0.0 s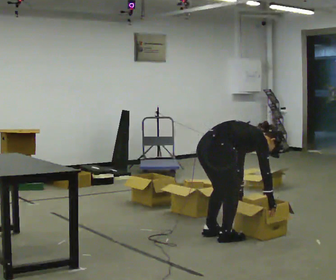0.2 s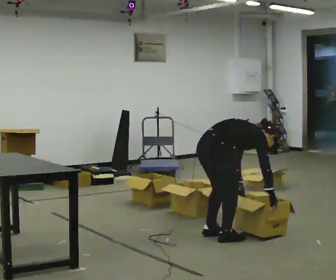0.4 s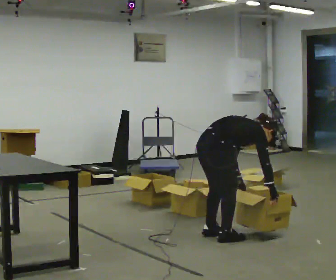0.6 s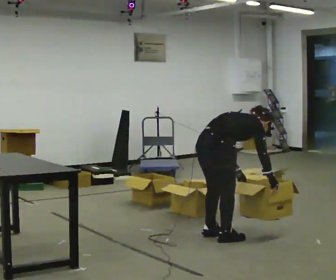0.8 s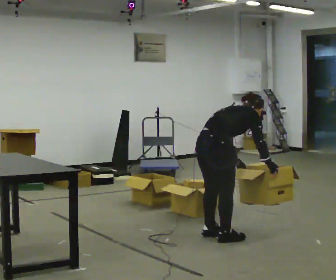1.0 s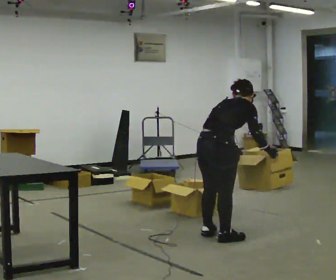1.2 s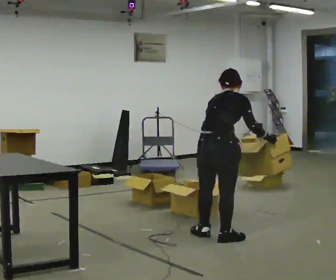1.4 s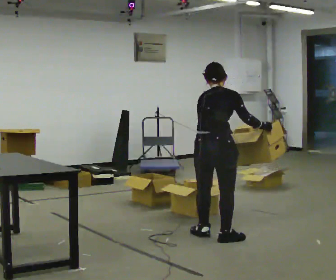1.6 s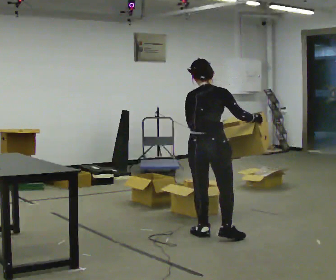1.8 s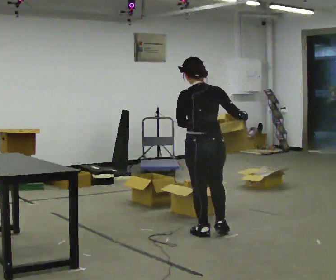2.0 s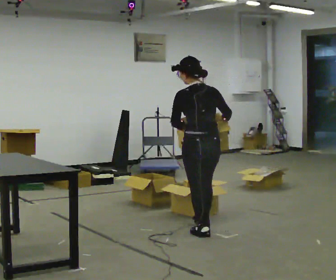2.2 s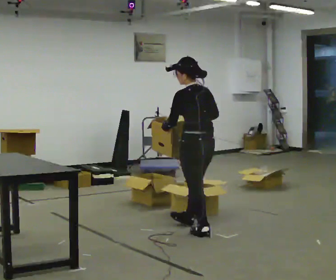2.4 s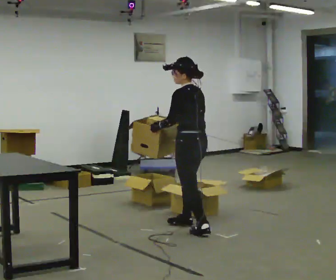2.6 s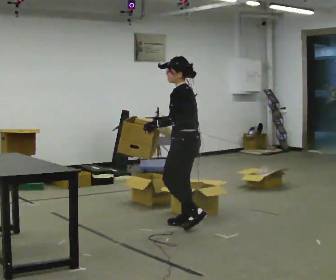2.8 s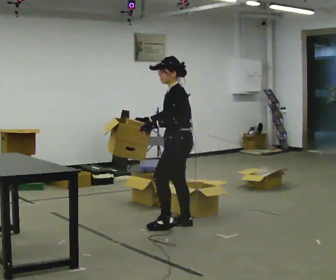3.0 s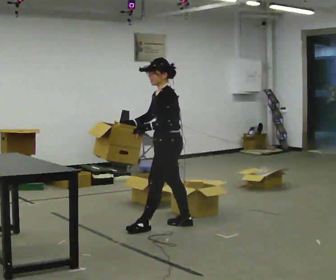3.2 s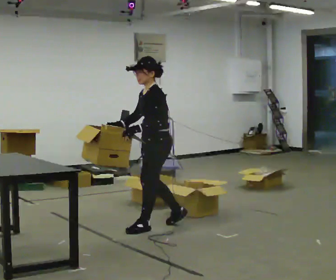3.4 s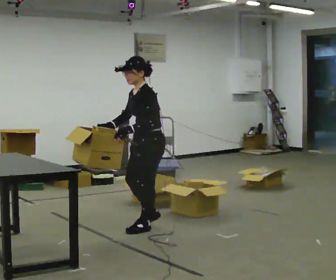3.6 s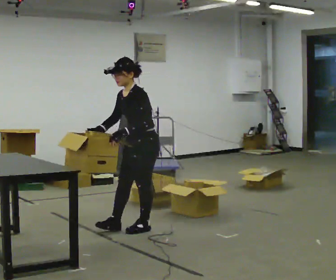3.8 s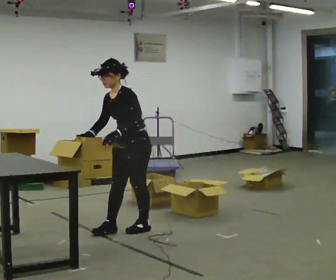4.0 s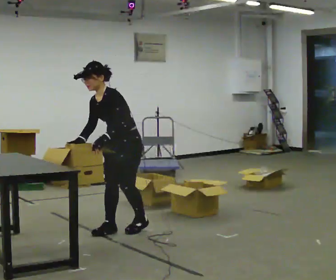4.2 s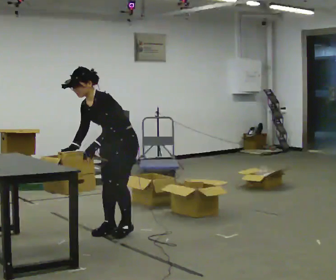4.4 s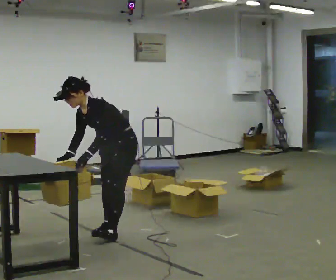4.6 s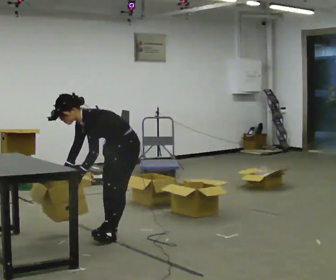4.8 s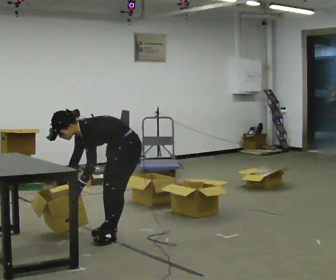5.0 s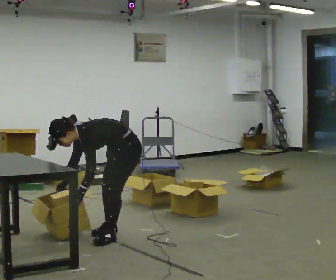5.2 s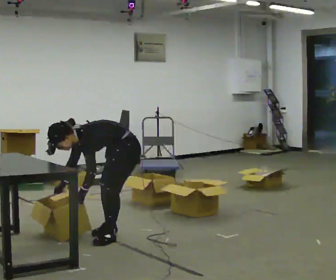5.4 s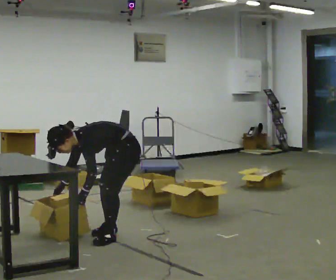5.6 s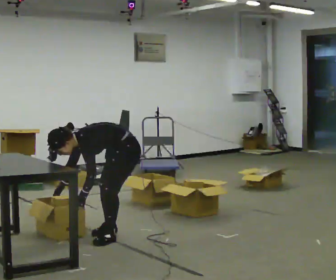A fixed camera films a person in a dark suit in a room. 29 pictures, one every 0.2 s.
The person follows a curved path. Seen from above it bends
counterclockwise.
The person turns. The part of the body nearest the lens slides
to the right.
0.0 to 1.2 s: The person turns about 30 degrees to their left, counterclockwise seen from above, so the part of the body nearest the lens slides to the right. The upper body goes upward. In the picture the upper body tilts counterclockwise, shoulders to the left, as they lean back or straighten. In the picture their right hand goes upward.
1.2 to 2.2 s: Seen from above the body turns counterclockwise, about 75 degrees: to their left, with its near side sliding to the right. In the picture they go away from the camera, about 0.25 m in 1 step. The upper body tips toward the camera, its near side rolling downward, as they lean back or straighten.
2.2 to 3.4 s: The part of the body nearest the lens slides to the right as the person turns to their left by about 75 degrees. In the picture they go to the left, about 0.5 m in 1 step.
3.4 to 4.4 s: In the picture they go to the left, about 0.25 m in 2 steps, which for them is forward. In the picture the upper body tilts counterclockwise, shoulders to the left, as they bend forward.
4.4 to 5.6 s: The upper body goes downward. In the picture the upper body tilts counterclockwise, shoulders to the left, as they bend forward. In the picture their left hand goes downward.
The film runs forward here.
